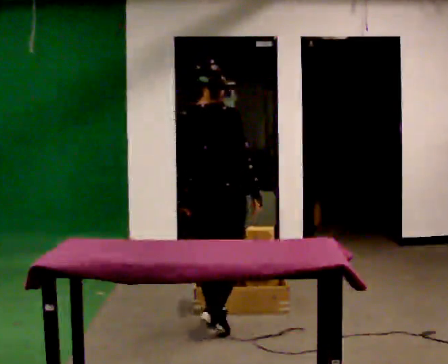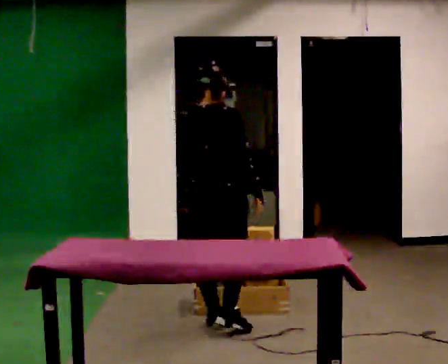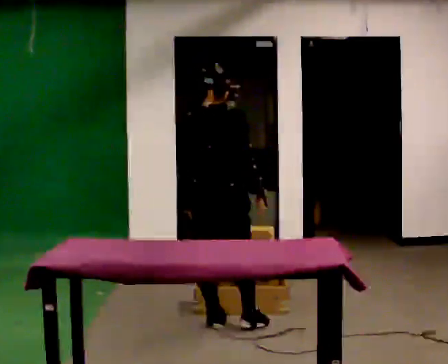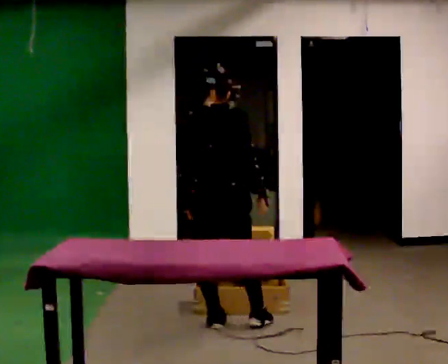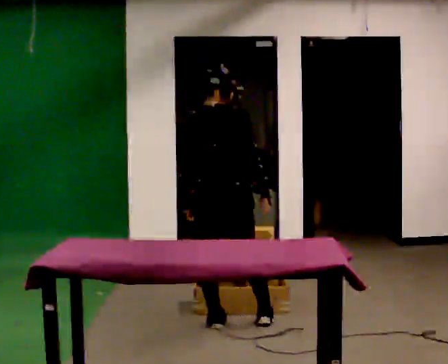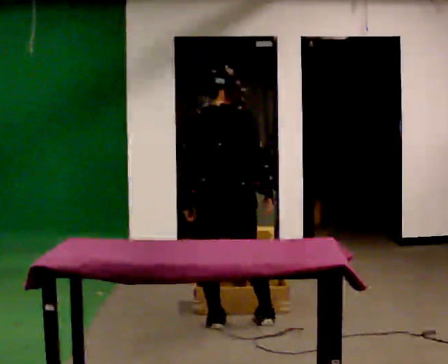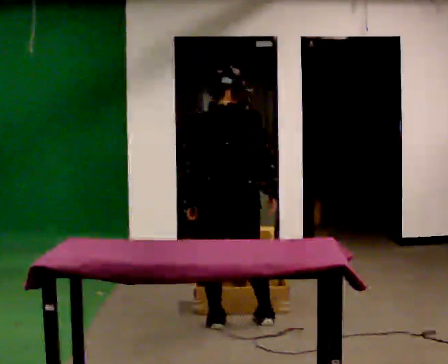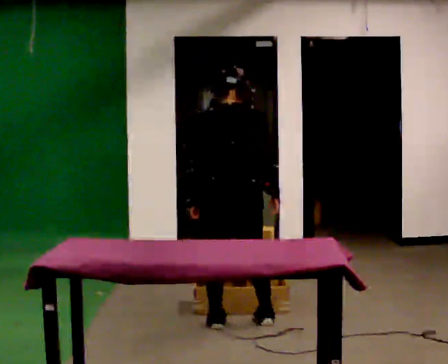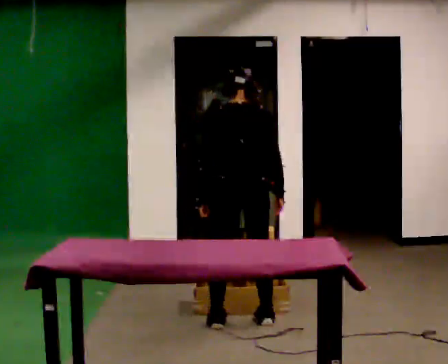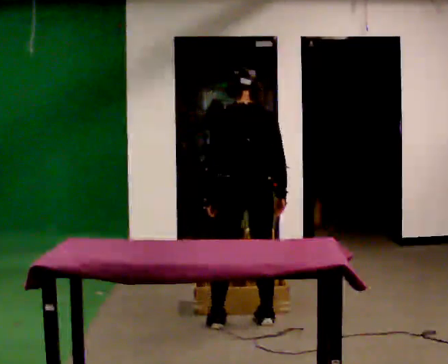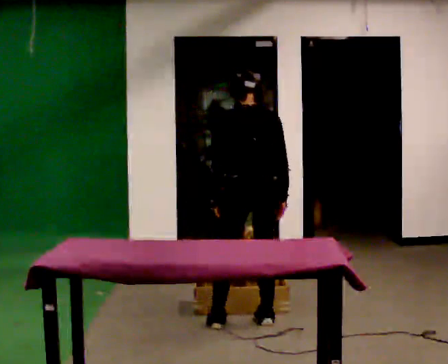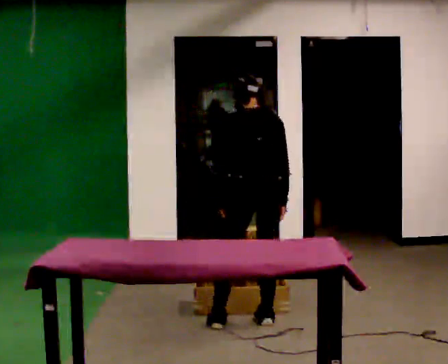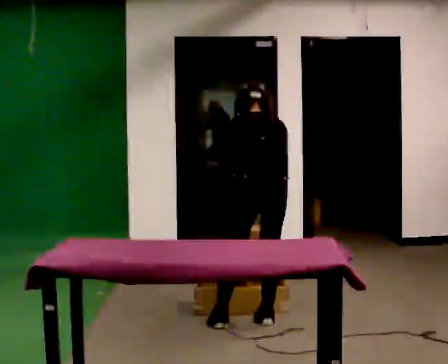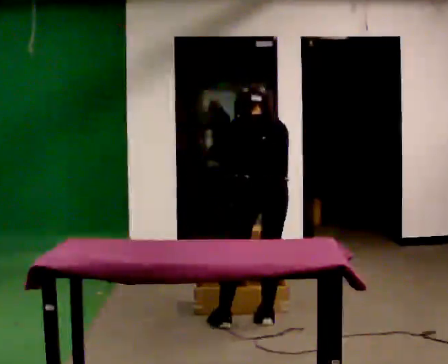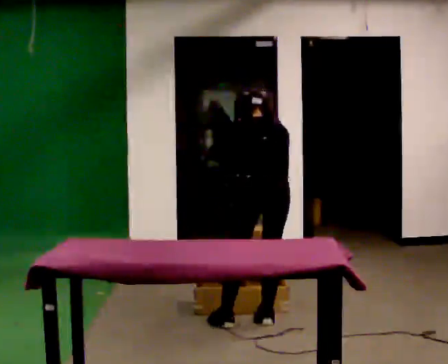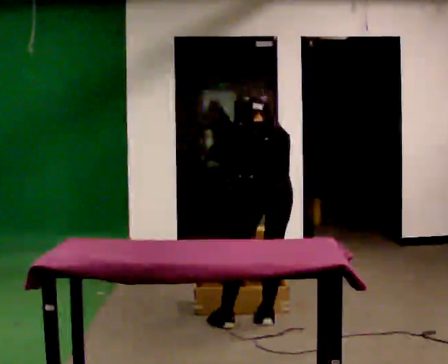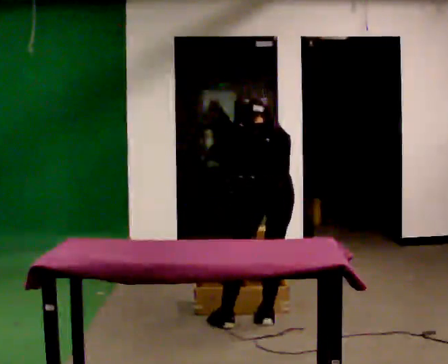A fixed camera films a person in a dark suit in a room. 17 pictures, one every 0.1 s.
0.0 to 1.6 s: The part of the body nearest the lens slides to the right as the person turns to their left by about 45 degrees. In the picture they go to the right, about 0.25 m in 1 step, which for them is to their right. The shoulders move downward. The upper body tips away from the camera, its near side rolling upward, as they bend forward.
The film runs forward here.
